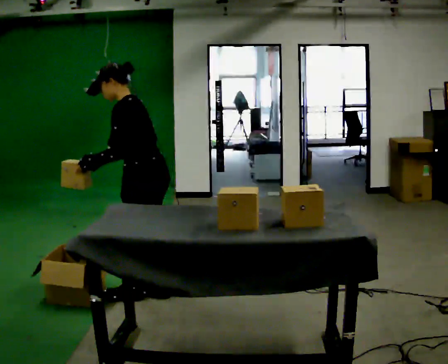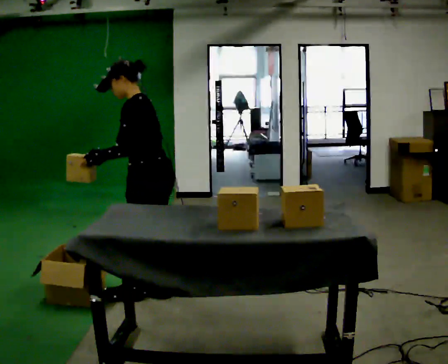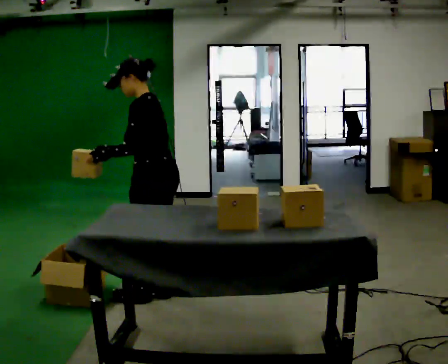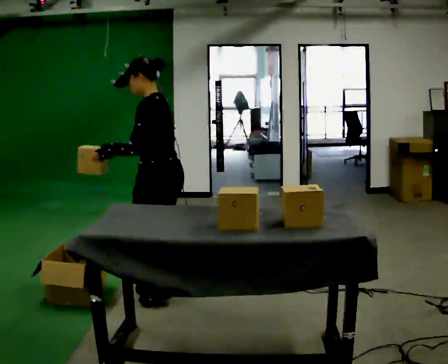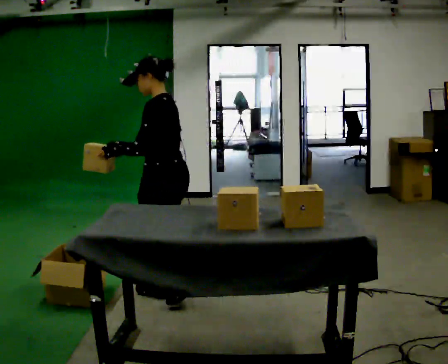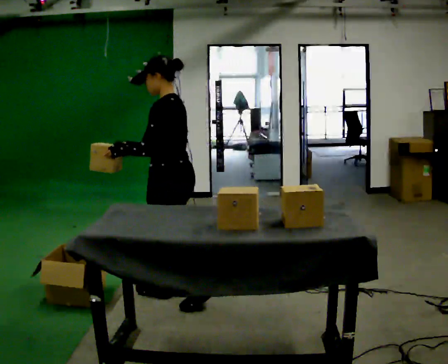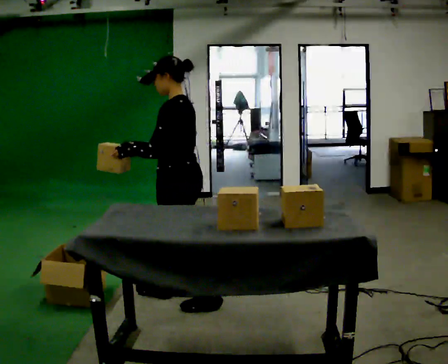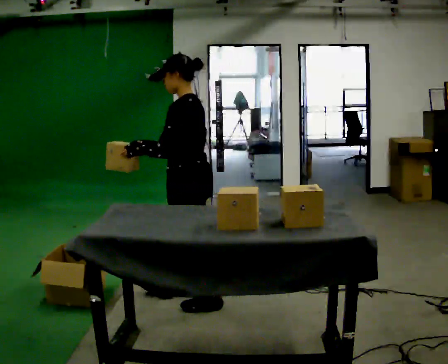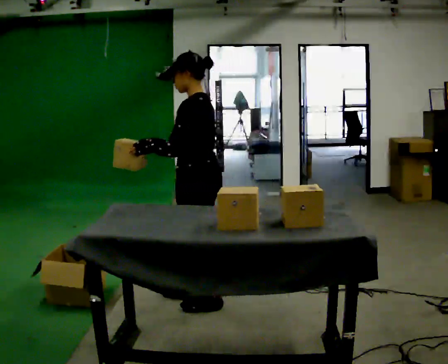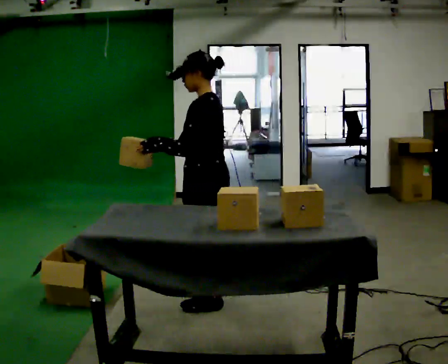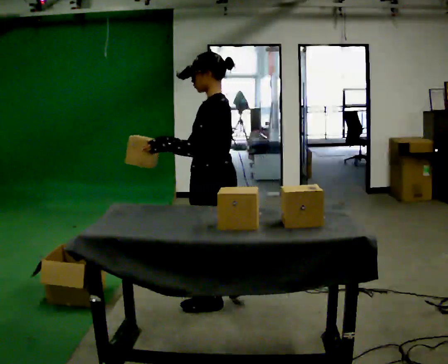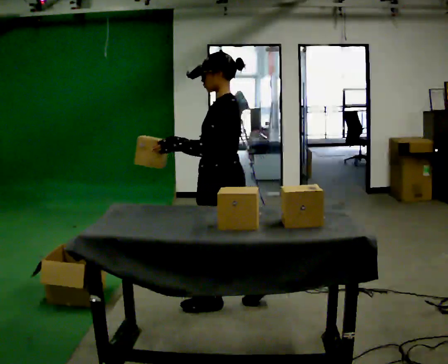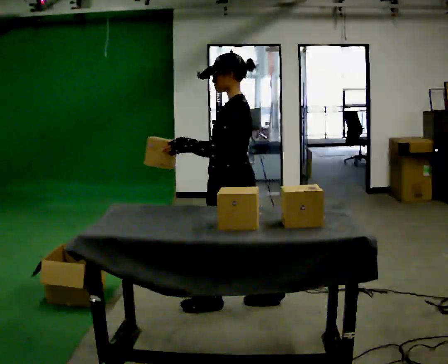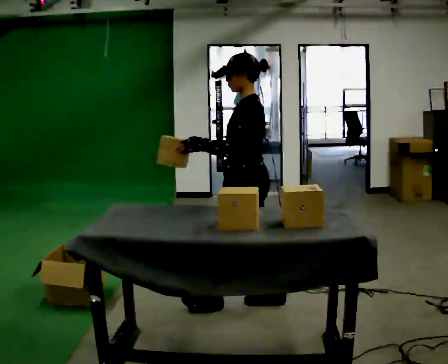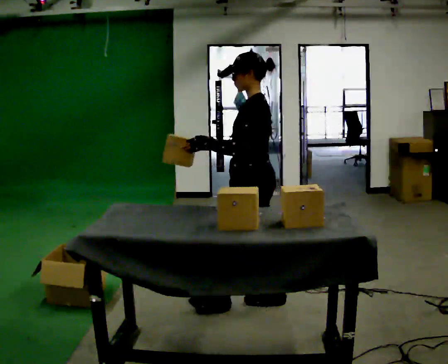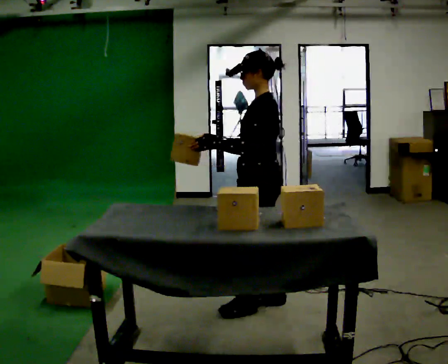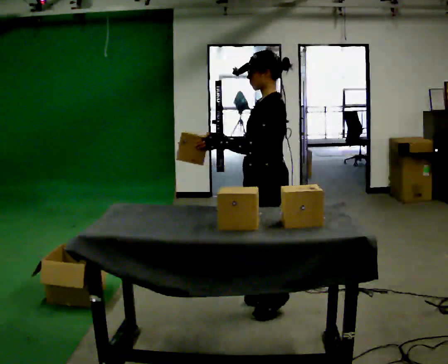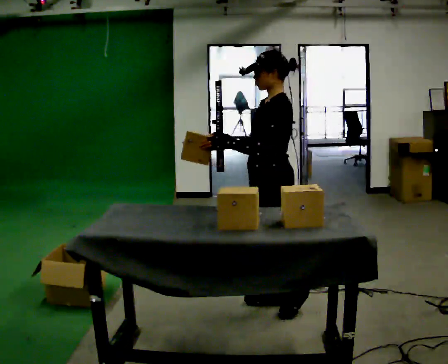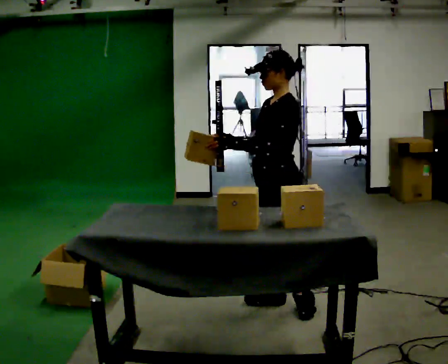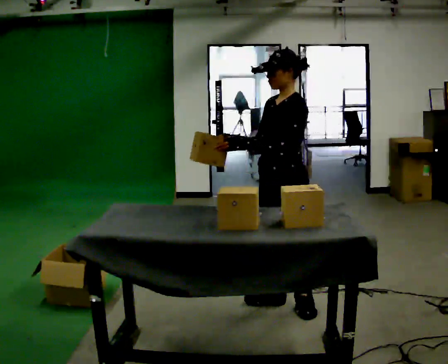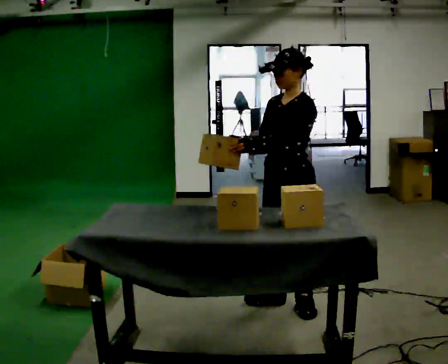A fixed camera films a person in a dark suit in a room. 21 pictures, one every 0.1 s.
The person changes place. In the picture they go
to the right.
The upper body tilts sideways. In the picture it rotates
clockwise.
0.0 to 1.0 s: In the picture they go to the right, about 0.5 m in 2 steps, which for them is backward. In the picture the upper body tilts clockwise, shoulders to the right, as they lean back or straighten.
1.0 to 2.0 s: The person turns about 30 degrees to their left, counterclockwise seen from above, so the part of the body nearest the lens slides to the right. In the picture they go to the right, about 0.5 m in 1 step, which for them is backward.
The film runs backward here.
